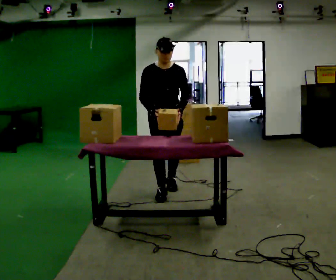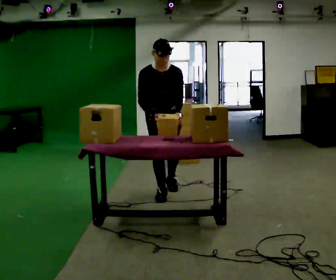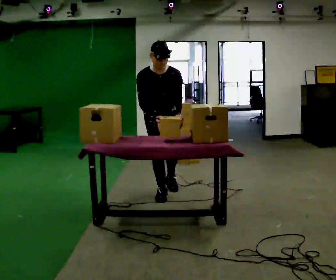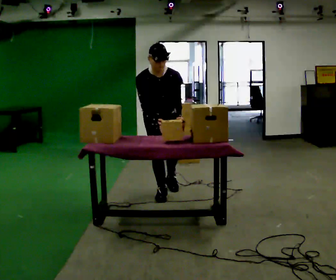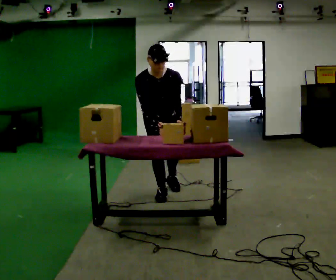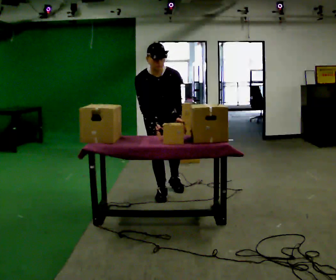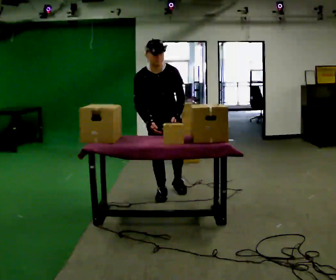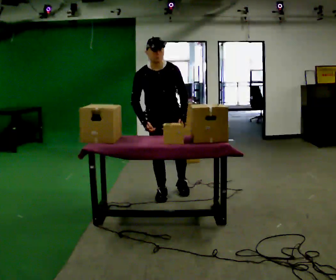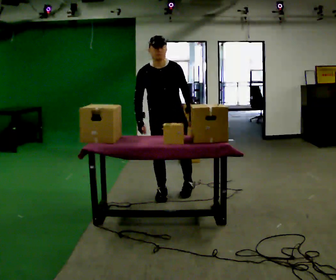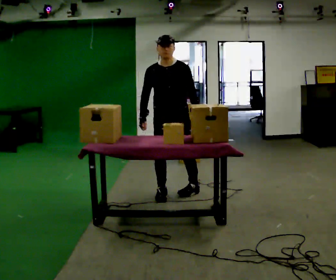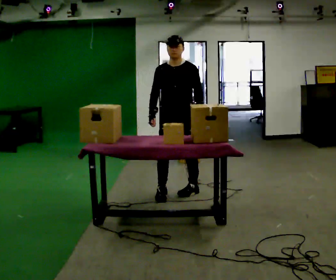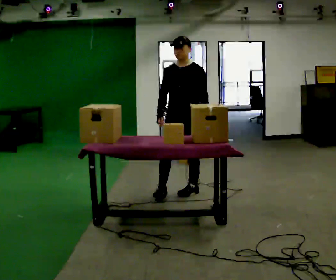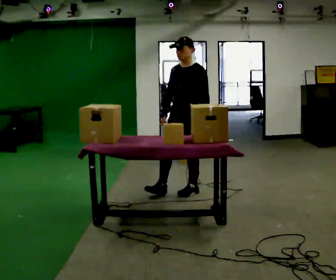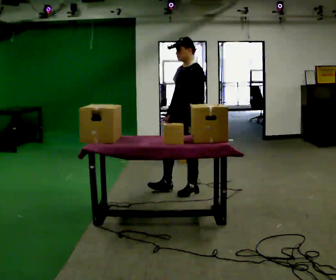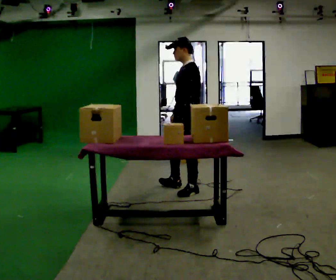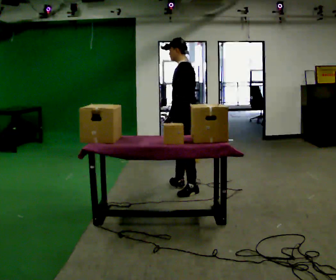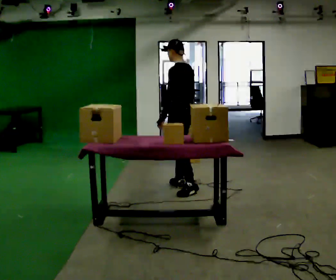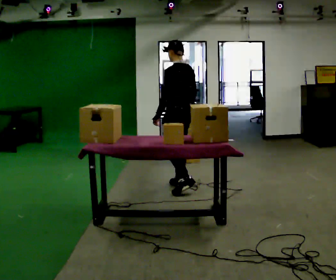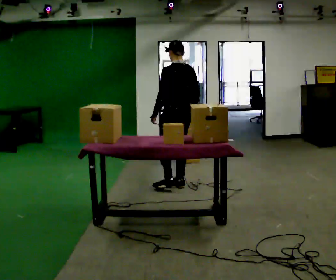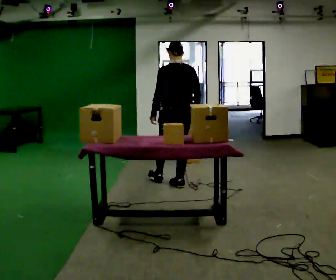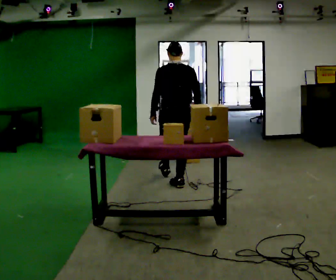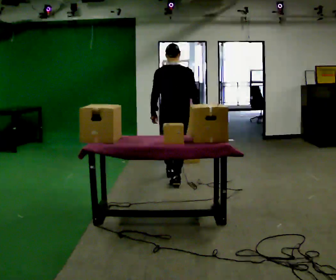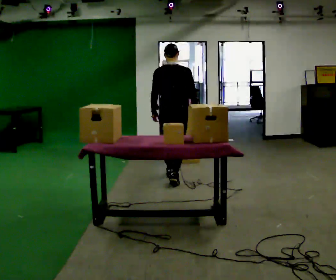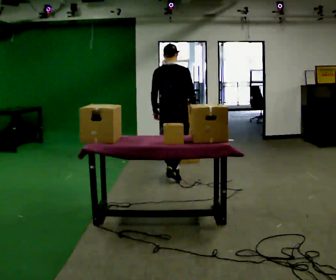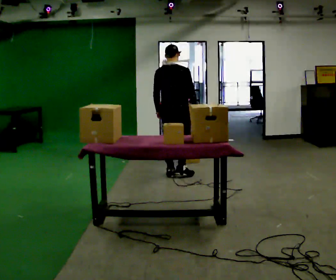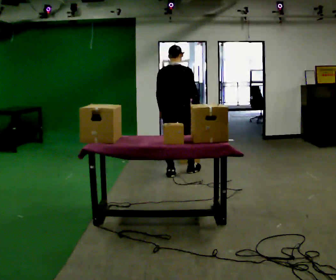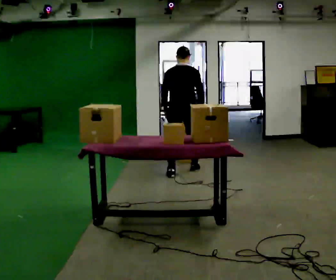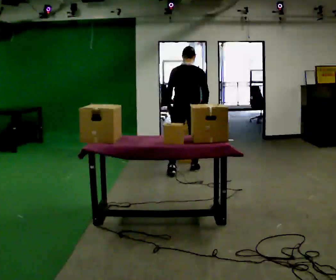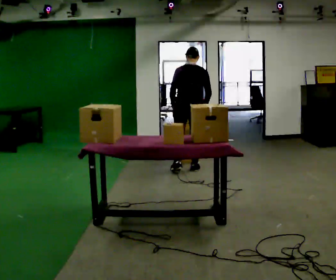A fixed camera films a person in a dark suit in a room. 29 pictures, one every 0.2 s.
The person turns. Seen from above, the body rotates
clockwise.
The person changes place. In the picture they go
away from the camera.
0.0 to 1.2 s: The person moves a little, or ends about where they began.
1.2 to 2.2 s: The person turns about 45 degrees to their right, clockwise seen from above, so the part of the body nearest the lens slides to the left. In the picture they go to the right, about 0.25 m in 1 step, which for them is to their left. The upper body tips away from the camera, its near side rolling upward, as they lean back or straighten.
2.2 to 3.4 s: The person turns about 90 degrees to their right, clockwise seen from above, so the part of the body nearest the lens slides to the left. In the picture they go away from the camera, about 0.25 m in 1 step.
3.4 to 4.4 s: Seen from above the body turns clockwise, about 60 degrees: to their right, with its near side sliding to the left. In the picture they go away from the camera, about 0.25 m in 1 step.
4.4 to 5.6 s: In the picture they go away from the camera and to the right, about 0.5 m in 1 step, which for them is forward.
The film runs forward here.
